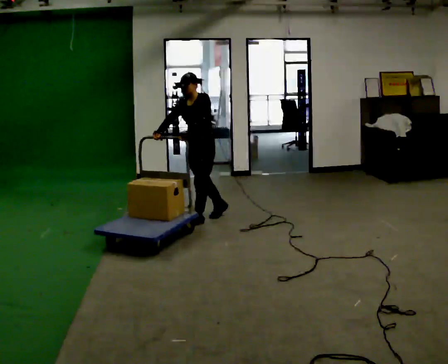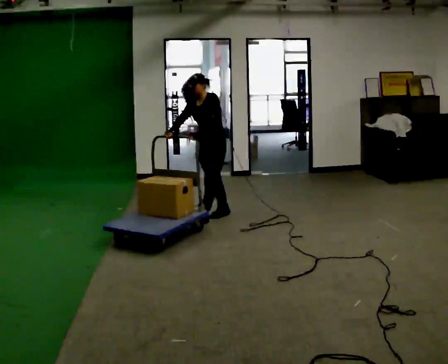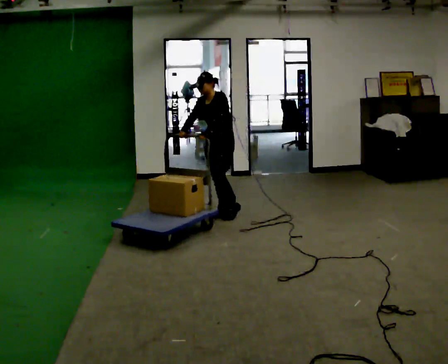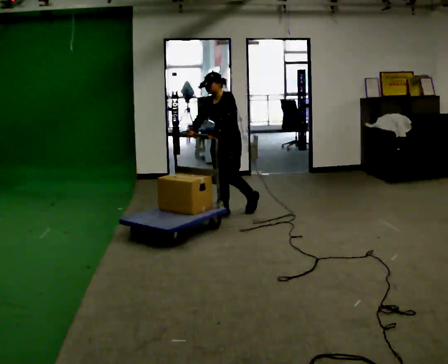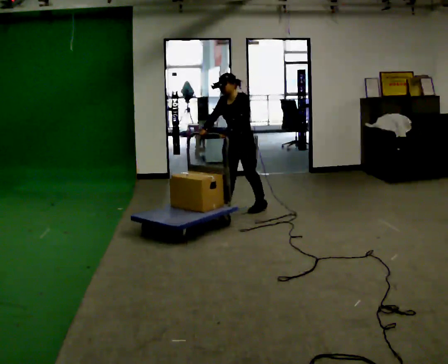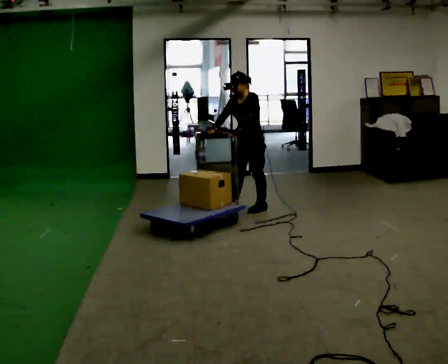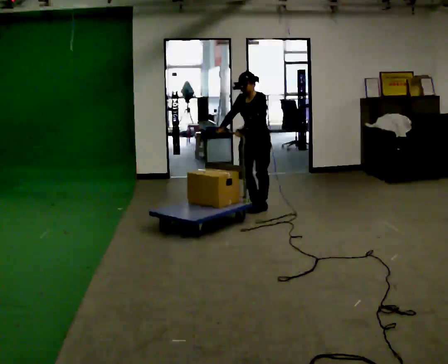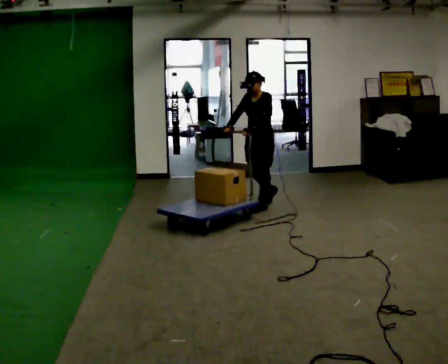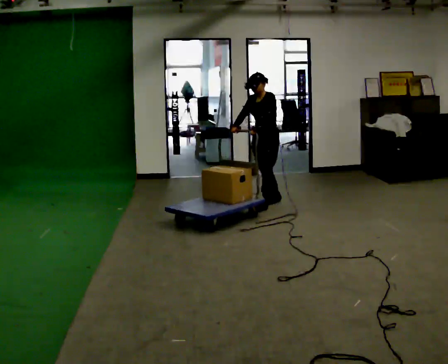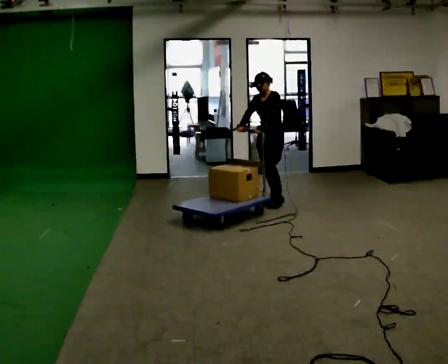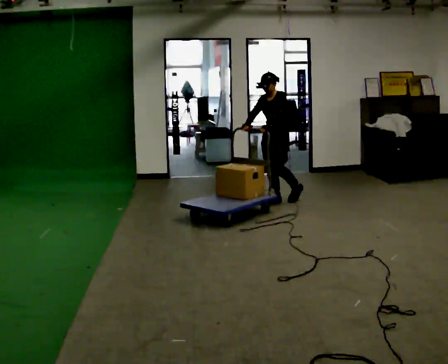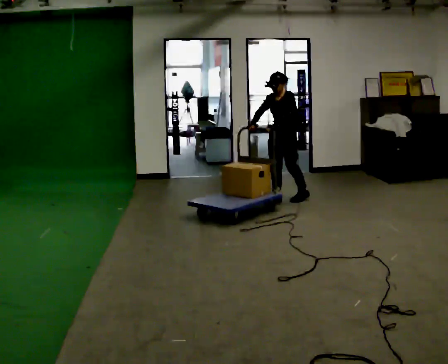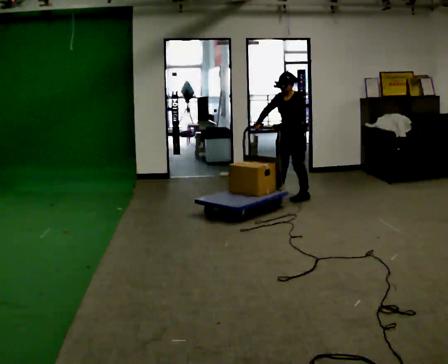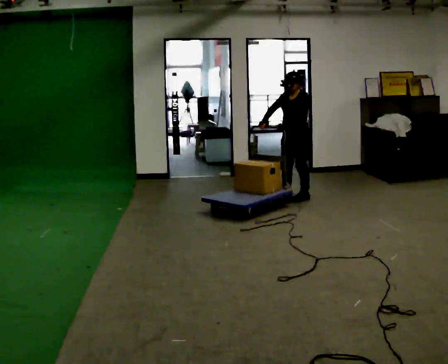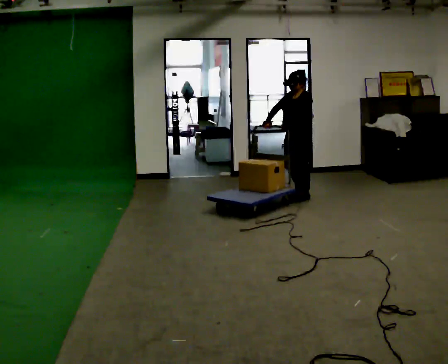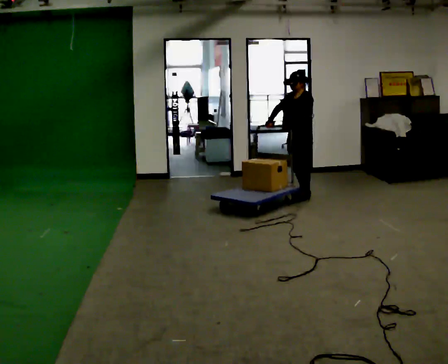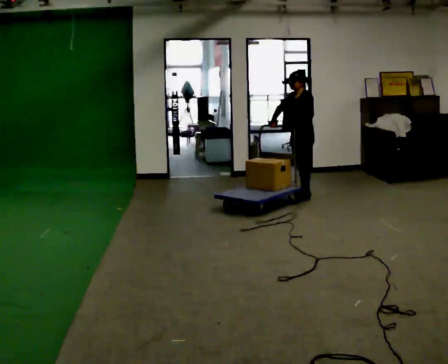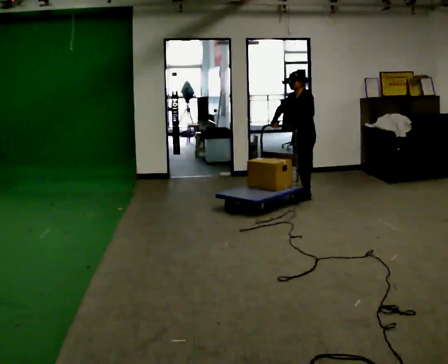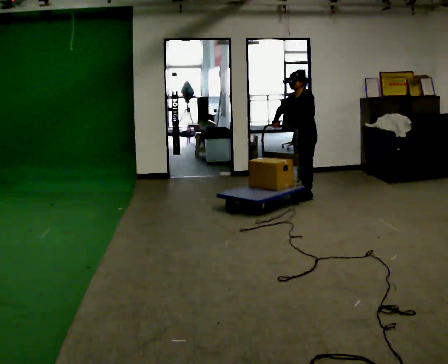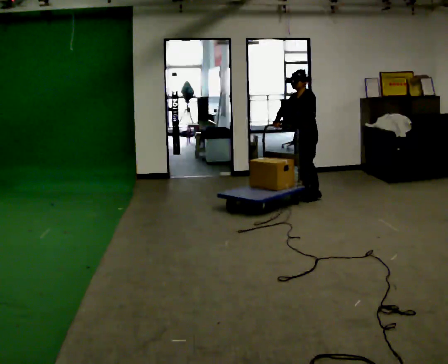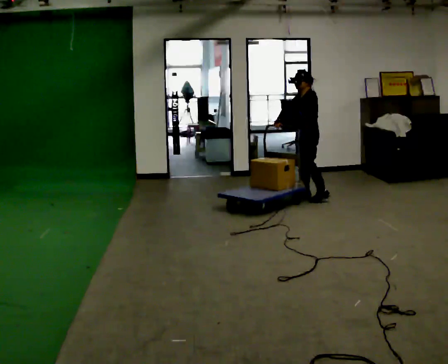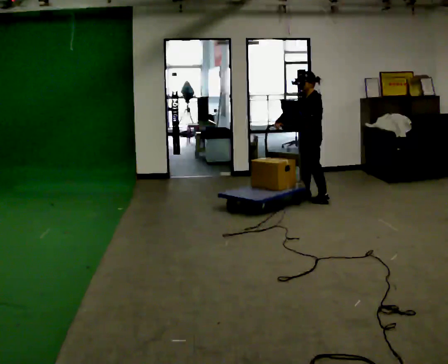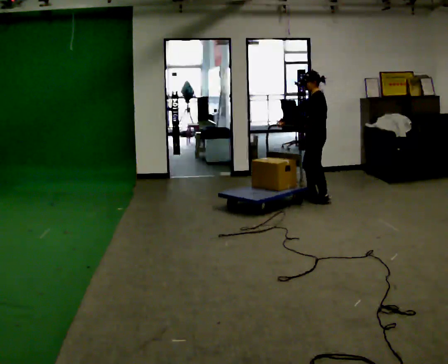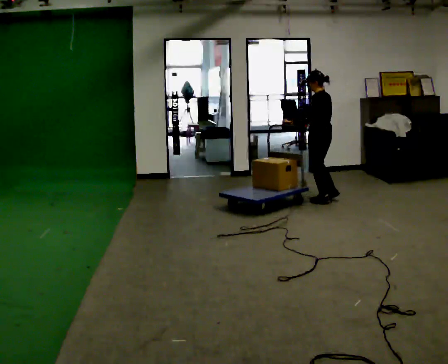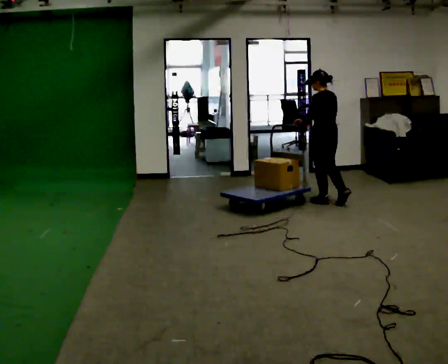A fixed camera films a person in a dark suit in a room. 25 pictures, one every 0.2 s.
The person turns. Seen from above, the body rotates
clockwise.
The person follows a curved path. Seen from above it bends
clockwise.
0.0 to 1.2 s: In the picture they go away from the camera and to the right, about 0.5 m in 2 steps, which for them is backward.
1.2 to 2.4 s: In the picture they go away from the camera and to the right, about 0.5 m in 1 step, which for them is backward.
2.4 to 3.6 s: In the picture they go away from the camera and to the right, about 0.25 m in 1 step, which for them is backward.
3.6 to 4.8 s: The part of the body nearest the lens slides to the left as the person turns to their right by about 75 degrees. In the picture they go toward the camera and to the right, about 0.5 m in 2 steps.
The film runs backward here.
